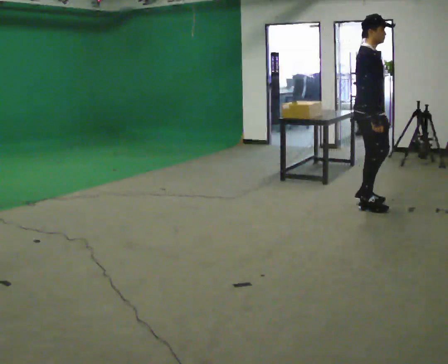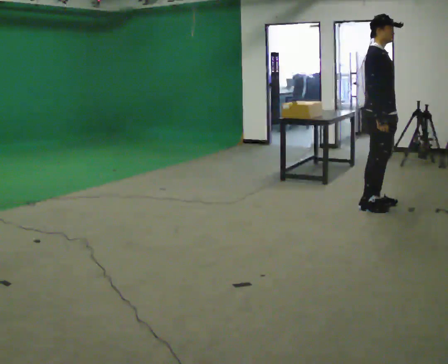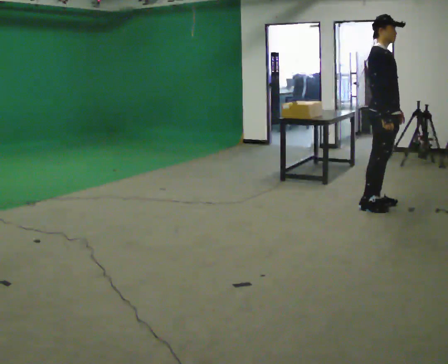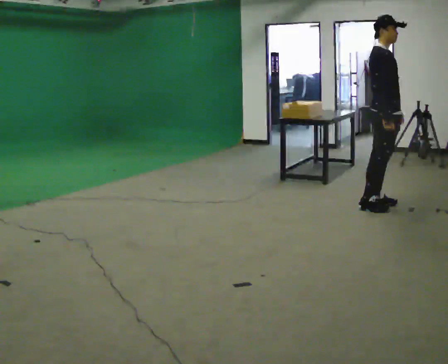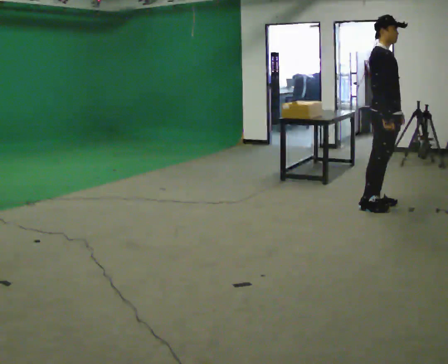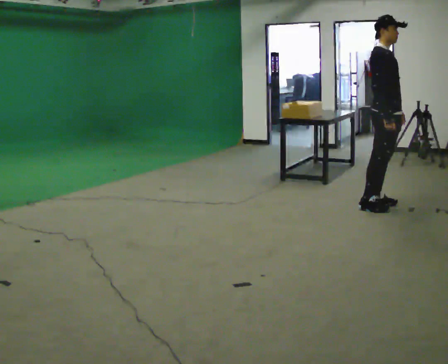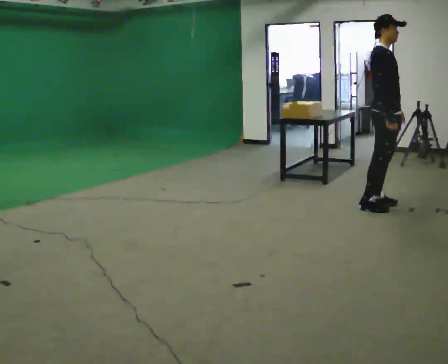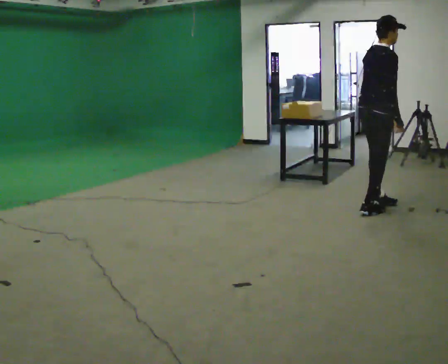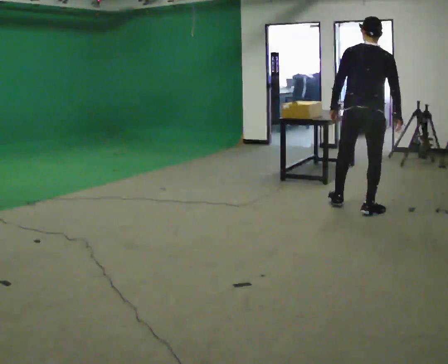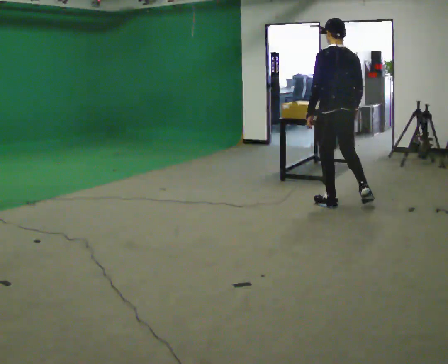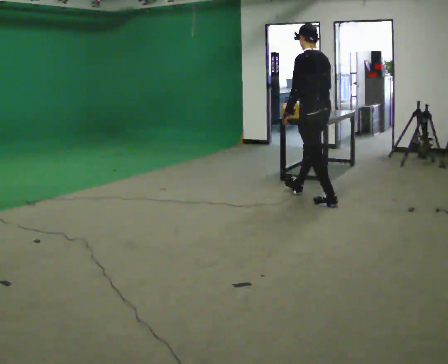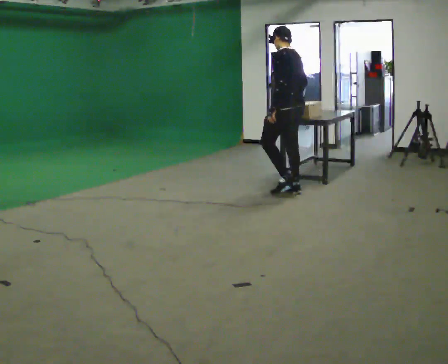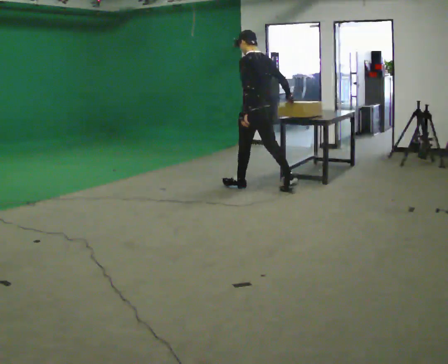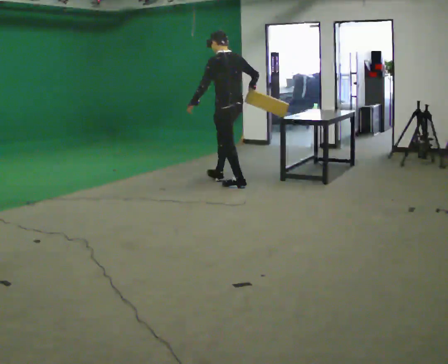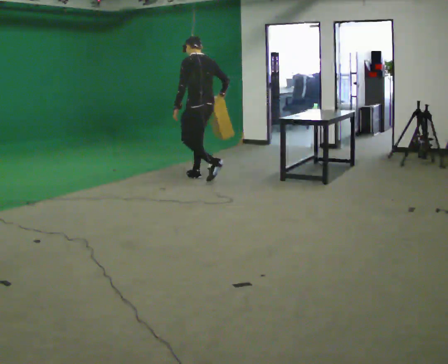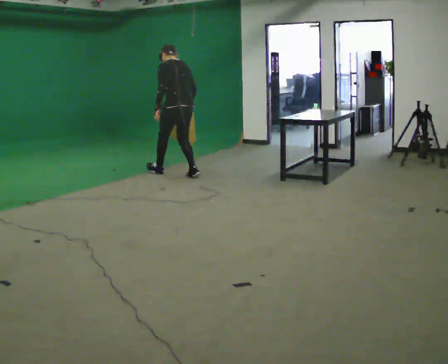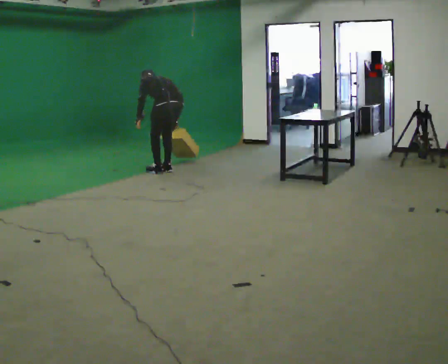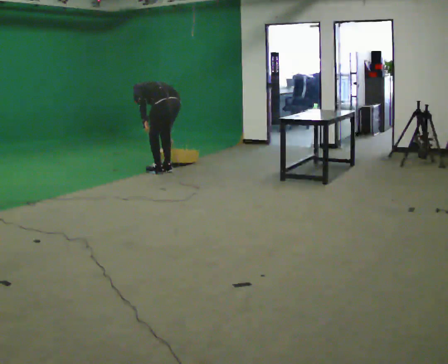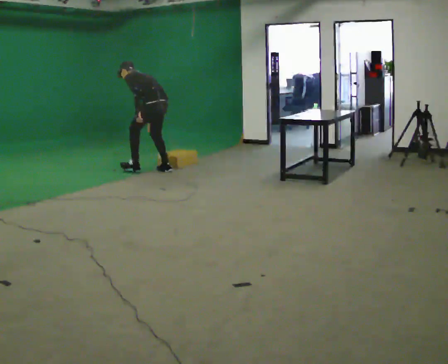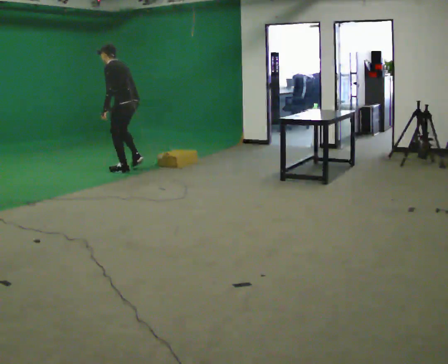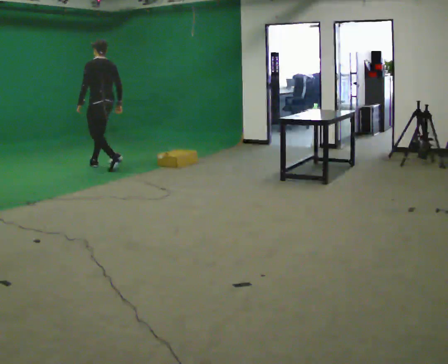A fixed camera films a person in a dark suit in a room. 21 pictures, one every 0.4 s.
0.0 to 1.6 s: The person moves a little, or ends about where they began.
1.6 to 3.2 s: Seen from above the body turns counterclockwise, about 105 degrees: to their left, with its near side sliding to the right. In the picture they go to the left, about 0.25 m in 1 step. In the picture their left hand goes to the left, the arm swinging clockwise.
3.2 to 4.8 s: Seen from above the body turns counterclockwise, about 60 degrees: to their left, with its near side sliding to the right. In the picture they go to the left and away from the camera, about 1.5 m in 3 steps.
4.8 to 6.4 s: In the picture they go to the left and away from the camera, about 1 m in 3 steps, which for them is forward. The upper body goes downward. The upper body tips away from the camera, its near side rolling upward, as they bend forward.
6.4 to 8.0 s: In the picture they go to the left, about 1 m in 2 steps, which for them is forward.
The film runs forward here.
